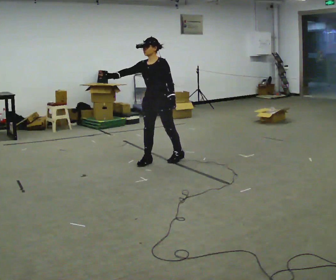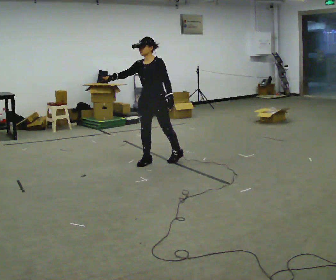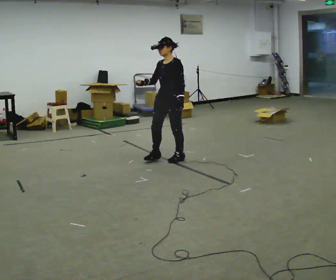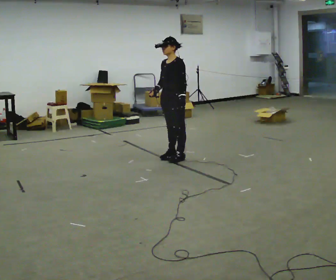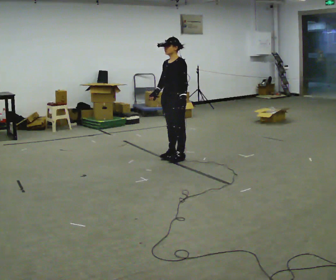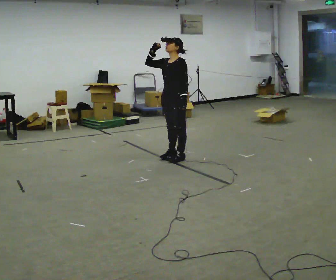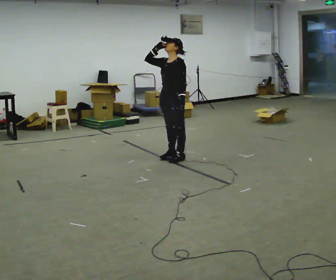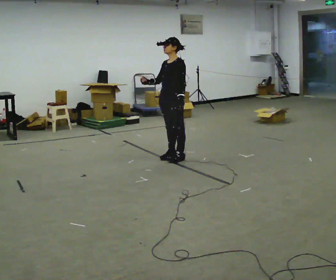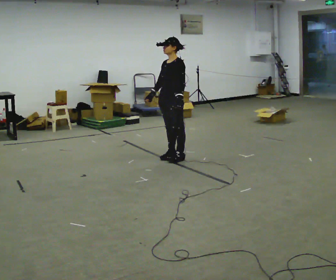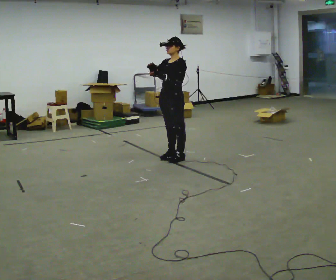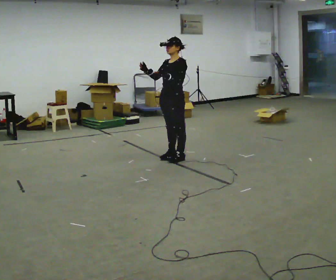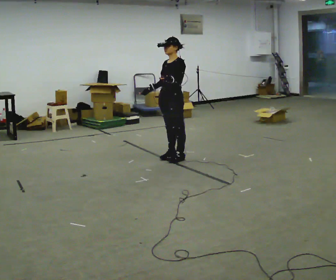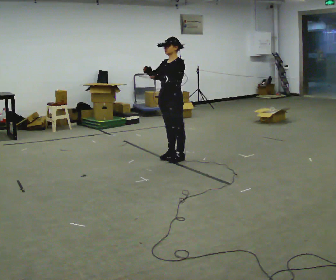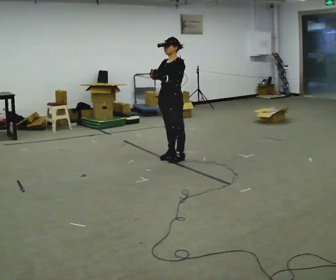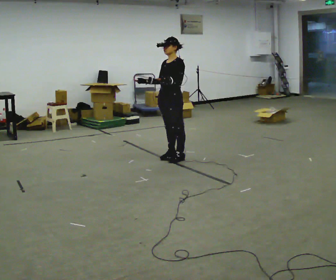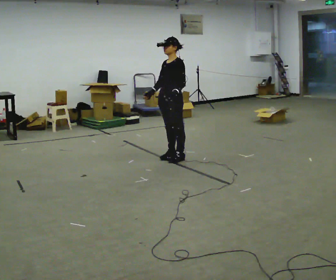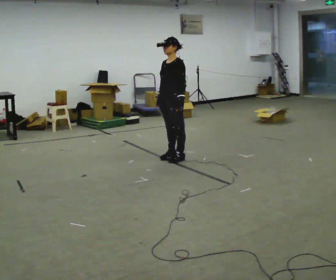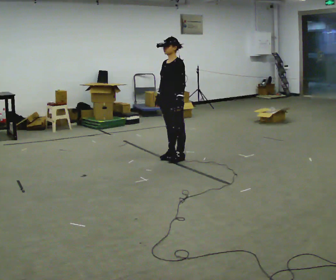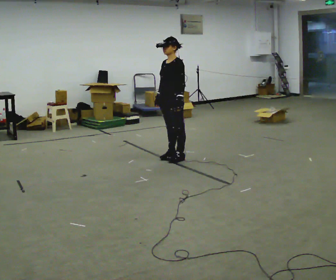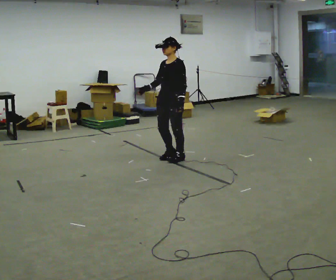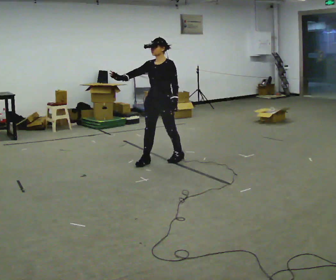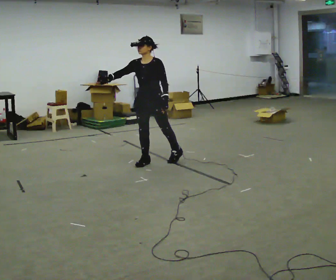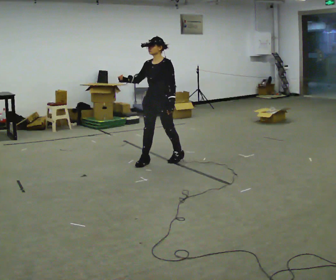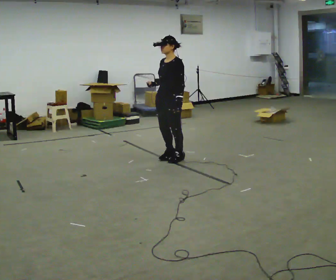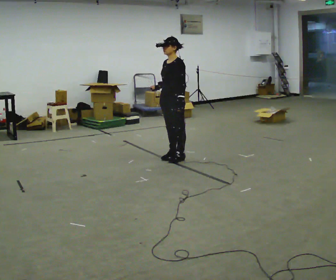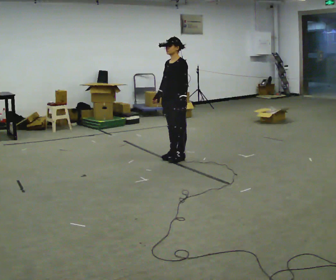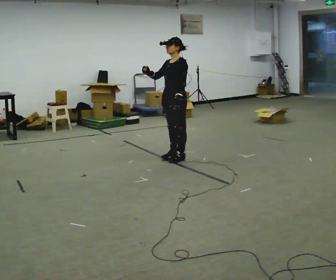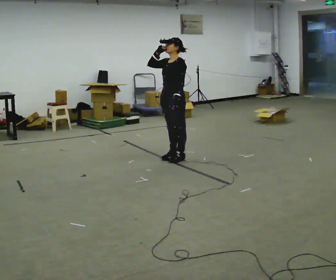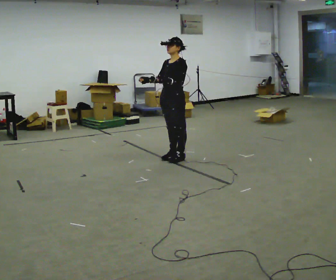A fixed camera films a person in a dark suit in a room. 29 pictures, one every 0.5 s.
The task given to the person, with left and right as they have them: Act out everyday actions without any objects, as in charades: opening a door, drinking, reading, brushing your hair. Repeat the movement at your own pace until the operator says stop; do not rush.
0.0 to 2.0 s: In the picture they go to the right and away from the camera, about 0.25 m in 1 step, which for them is backward.
2.0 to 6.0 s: The person moves a little, or ends about where they began.
6.0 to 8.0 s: In the picture their right hand goes downward.
8.0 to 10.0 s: In the picture they go to the left, about 0.25 m in 1 step, which for them is forward. In the picture their right hand goes to the left, the arm swinging clockwise.
10.0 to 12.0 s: In the picture they go to the right, about 0.25 m in 1 step, which for them is backward. In the picture their right hand goes to the right.
12.0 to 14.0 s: The person moves a little, or ends about where they began.
The film runs forward here.
